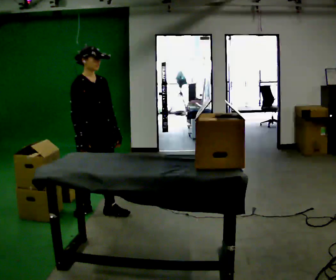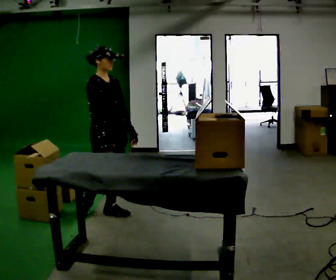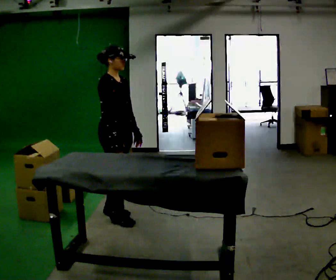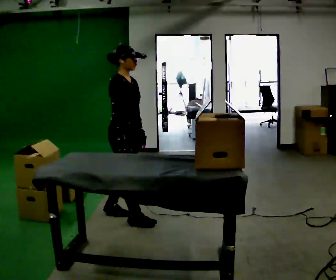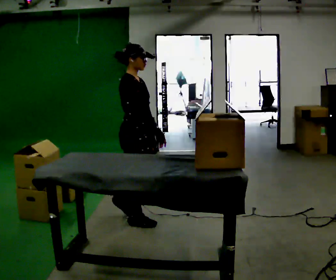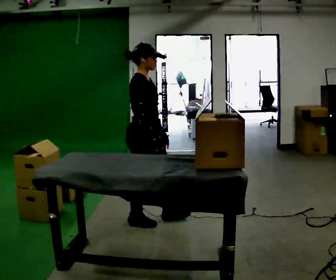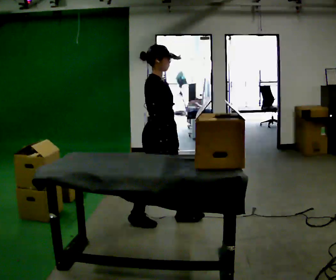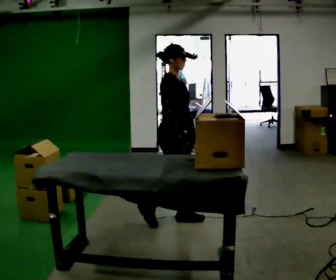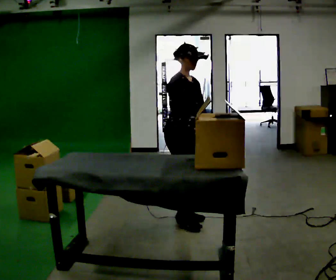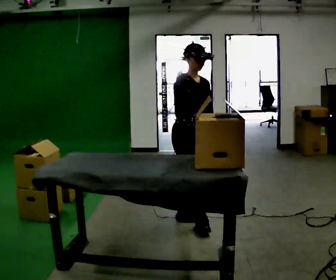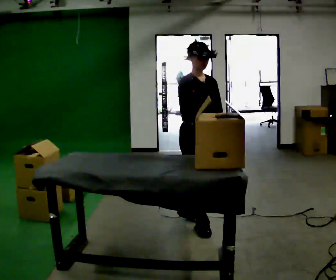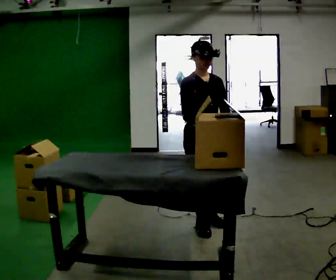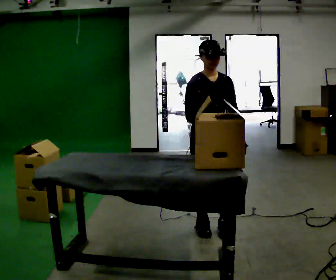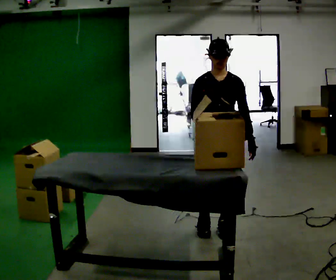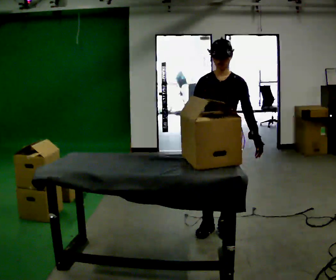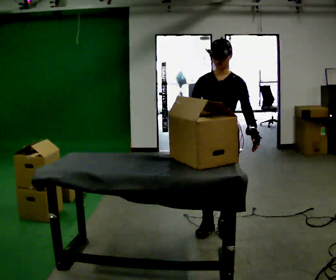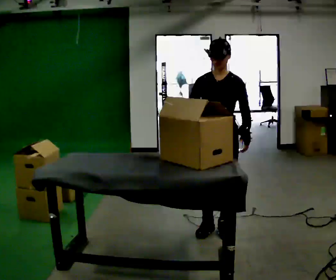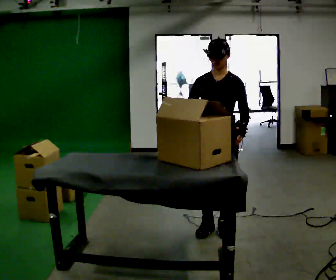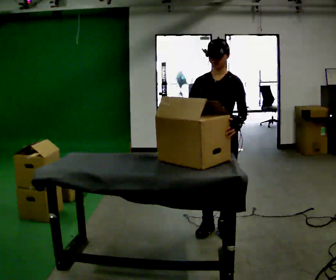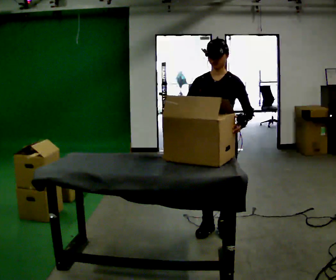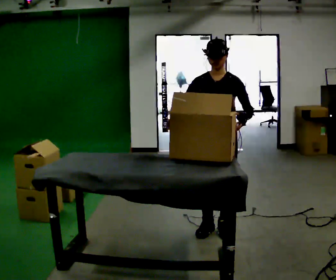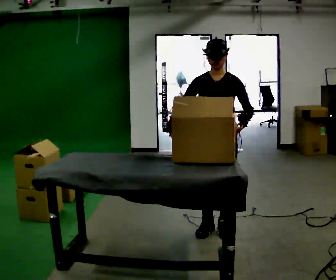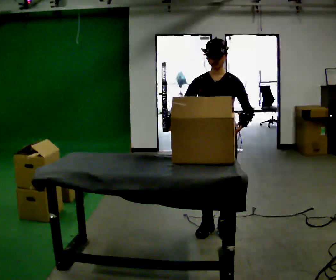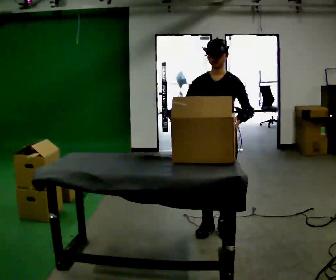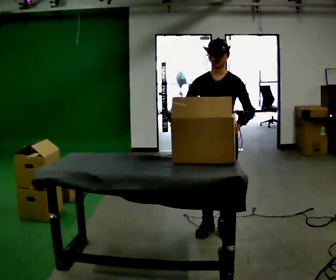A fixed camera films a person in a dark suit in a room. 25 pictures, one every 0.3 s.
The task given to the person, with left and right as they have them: Pick an object up off the floor at one end of the room, carry it across, and place it on the waist-height shelf at the other end. Keep going until the operator says stop; one object at a time, and do not rush between trips.
0.0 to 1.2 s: The part of the body nearest the lens slides to the right as the person turns to their left by about 30 degrees. In the picture they go to the right, about 0.5 m in 1 step, which for them is forward.
1.2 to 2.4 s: The person turns about 30 degrees to their right, clockwise seen from above, so the part of the body nearest the lens slides to the left. In the picture they go to the right, about 0.5 m in 1 step, which for them is forward.
2.4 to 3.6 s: Seen from above the body turns clockwise, about 45 degrees: to their right, with its near side sliding to the left. In the picture they go to the right and toward the camera, about 0.25 m in 2 steps, which for them is forward.
3.6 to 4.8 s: The person turns about 30 degrees to their right, clockwise seen from above, so the part of the body nearest the lens slides to the left.
4.8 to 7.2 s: The person moves a little, or ends about where they began.
The film runs forward here.
